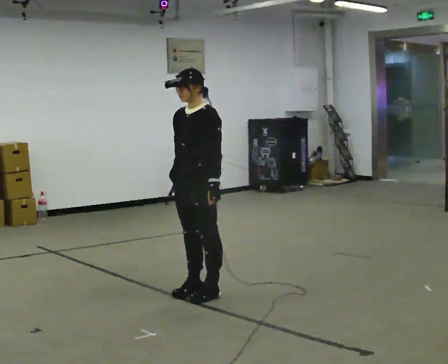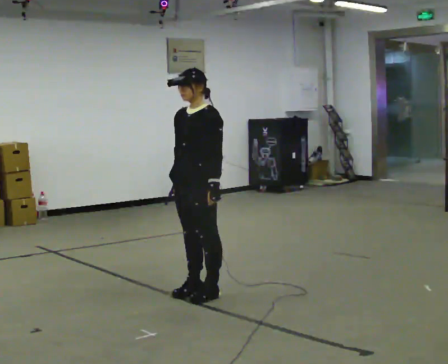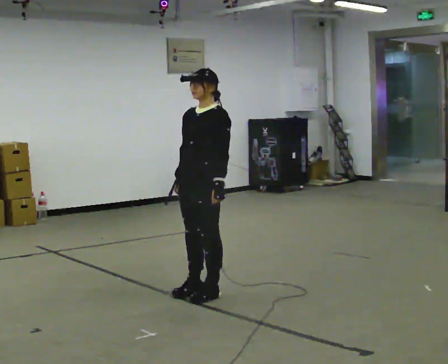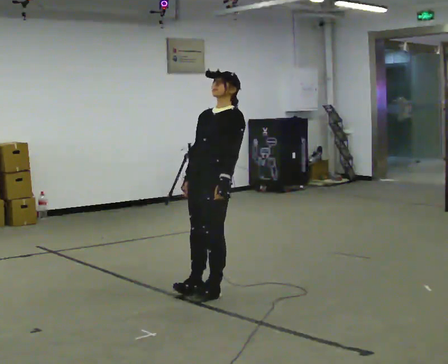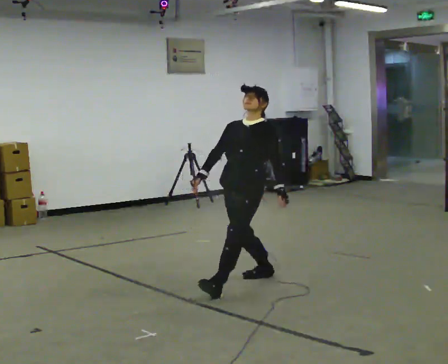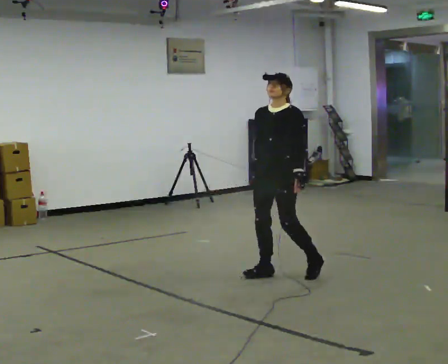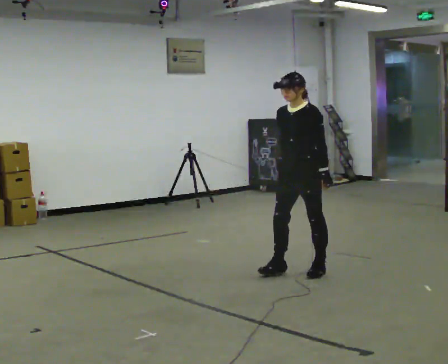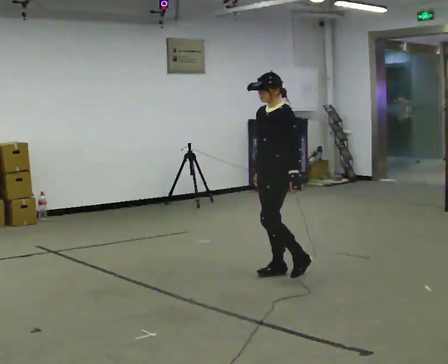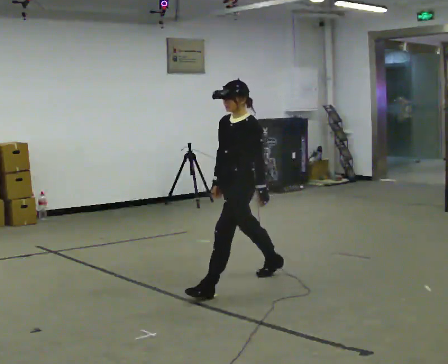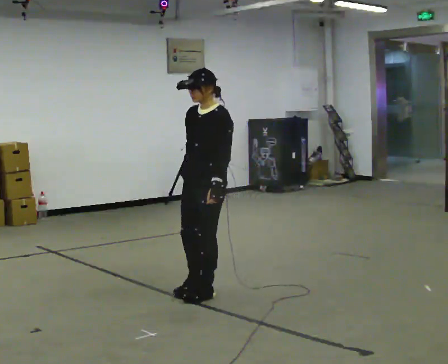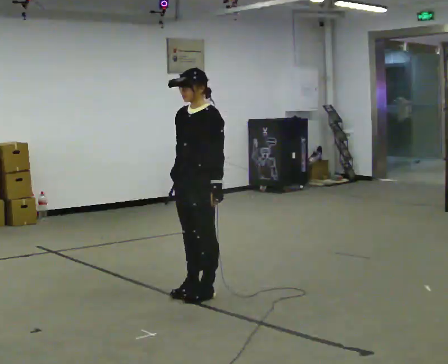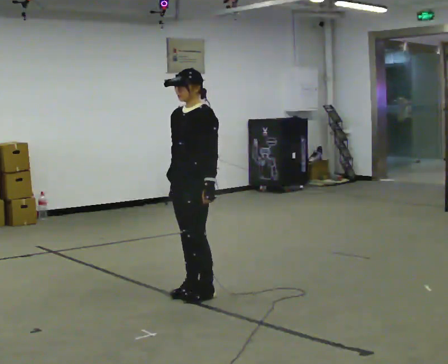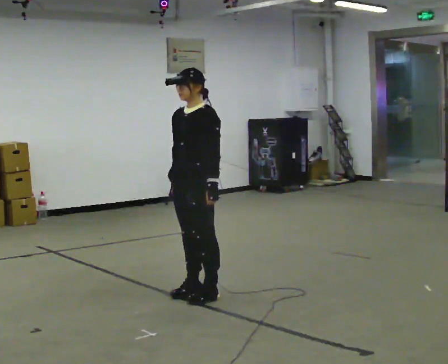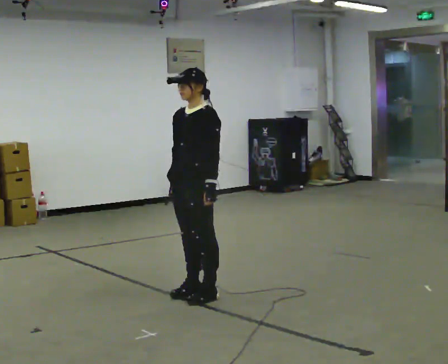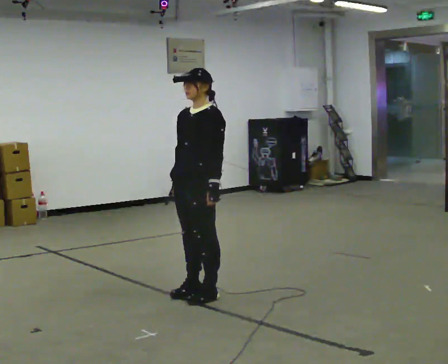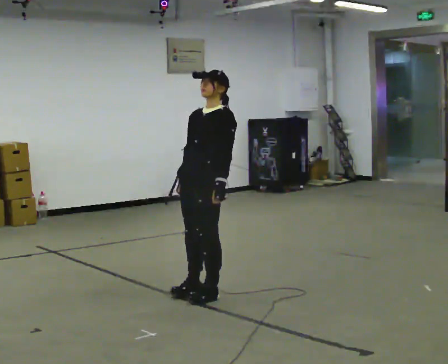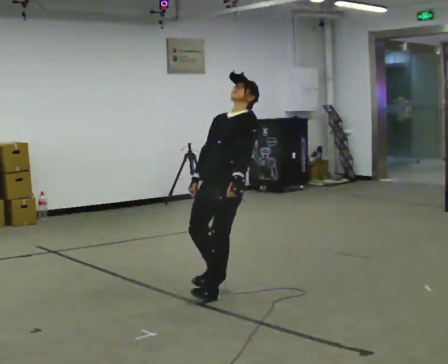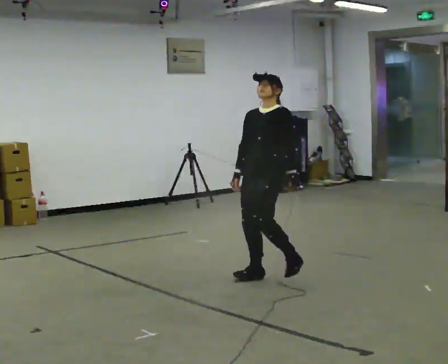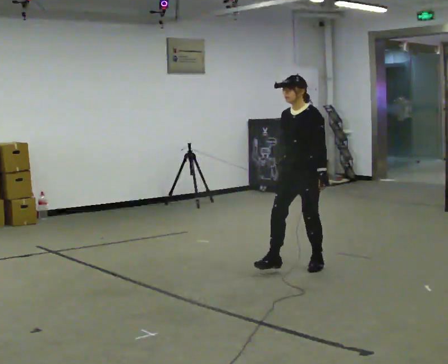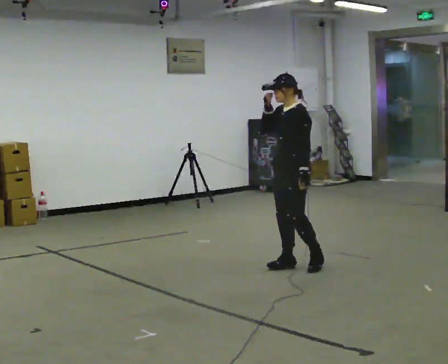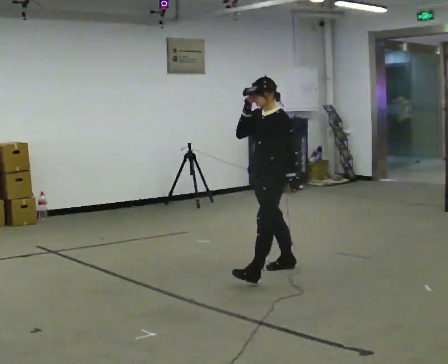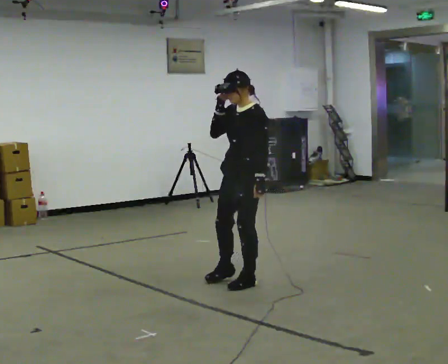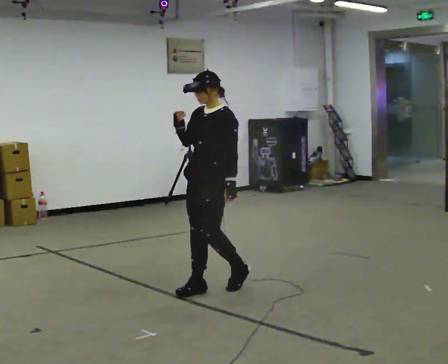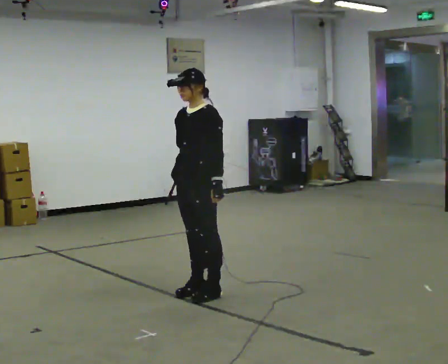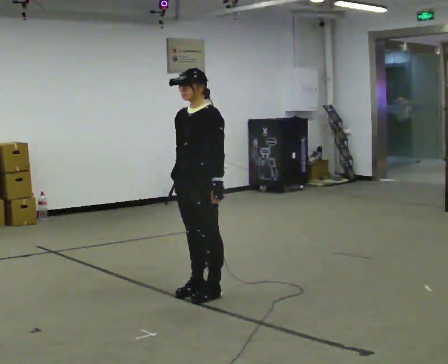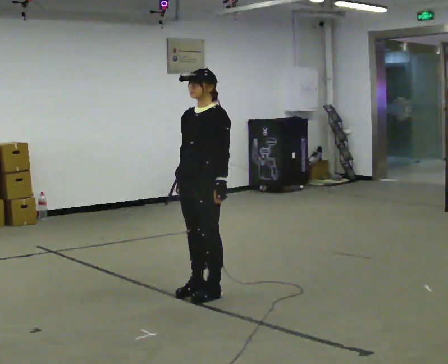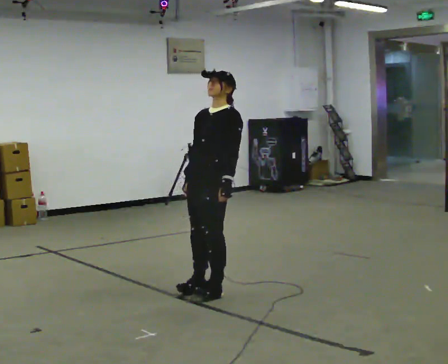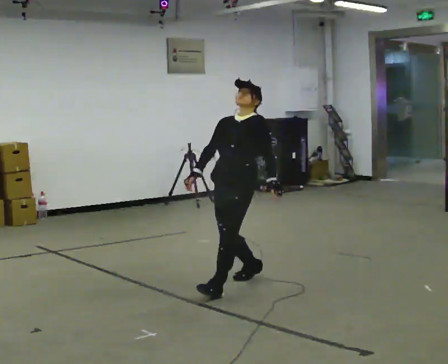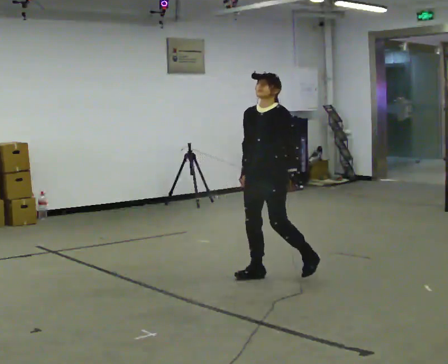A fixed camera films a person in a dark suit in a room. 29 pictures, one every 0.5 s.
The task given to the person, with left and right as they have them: Stand on the marked spots. Lean backward, keeping your body straight, until you cannot hold it, then step back to catch yourself. Return to the spots. Repeat at your own pace until the operator says stop. Go slowly and only as far as you are comfortable. Step whenever you need to; do not try to hold on longer than feels safe.
0.0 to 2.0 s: In the picture they go away from the camera and to the right, about 0.5 m in 1 step, which for them is backward.
2.0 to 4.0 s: The part of the body nearest the lens slides to the left as the person turns to their right by about 30 degrees. In the picture they go toward the camera, about 0.25 m in 2 steps, which for them is forward.
4.0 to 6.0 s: In the picture they go toward the camera and to the left, about 0.25 m in 1 step, which for them is forward.
6.0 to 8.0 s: In the picture they go away from the camera and to the right, about 0.25 m, which for them is backward.
8.0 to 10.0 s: In the picture they go away from the camera and to the right, about 0.5 m in 3 steps, which for them is backward. In the picture their right hand goes upward.
10.0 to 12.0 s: In the picture they go toward the camera and to the left, about 1 m in 3 steps, which for them is forward. In the picture their right hand goes downward.
12.0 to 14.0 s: In the picture they go away from the camera and to the right, about 0.5 m in 1 step, which for them is backward.
The film runs forward here.
